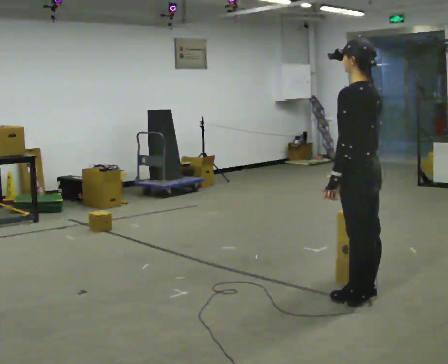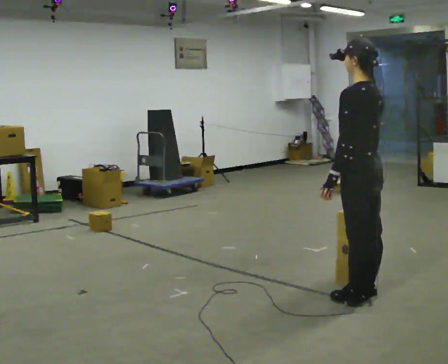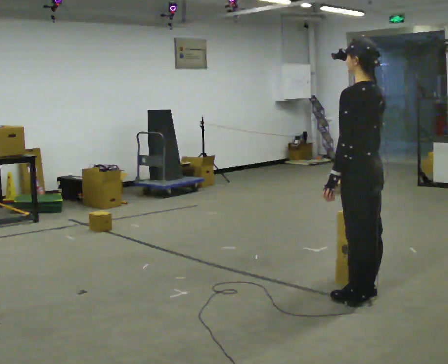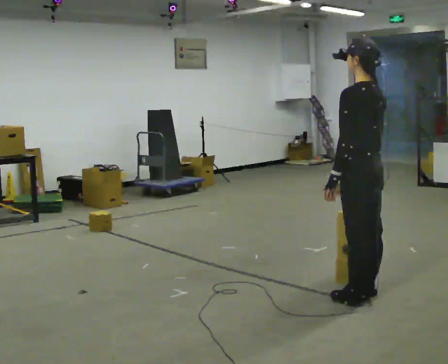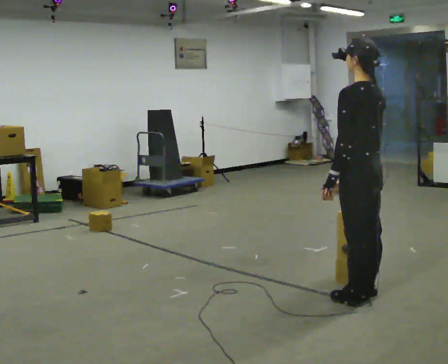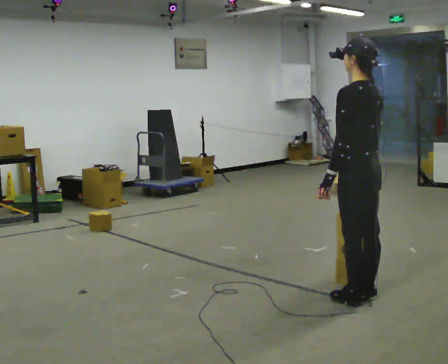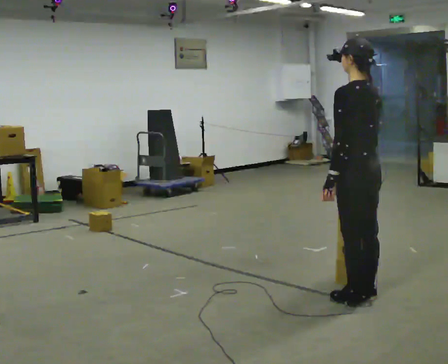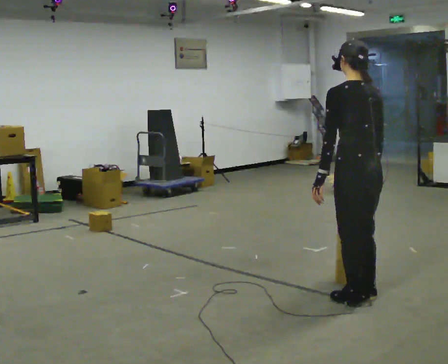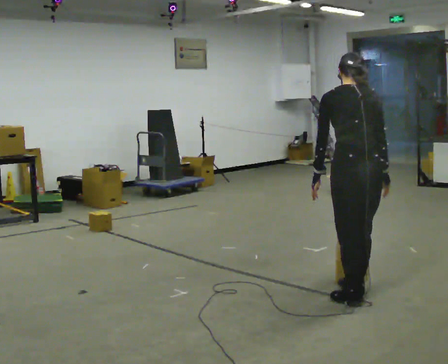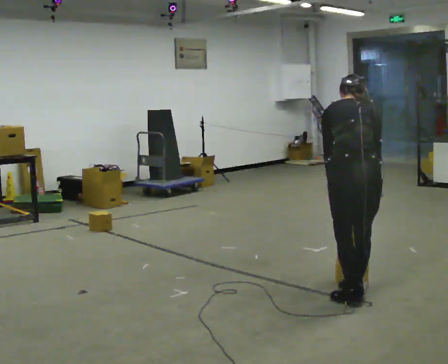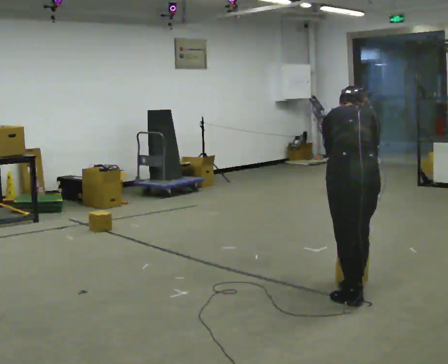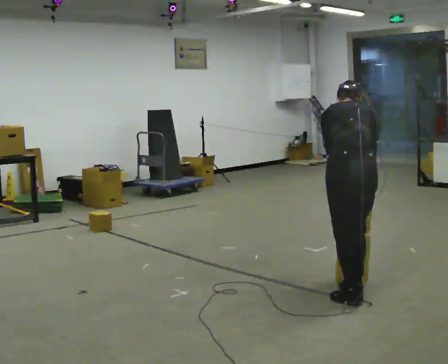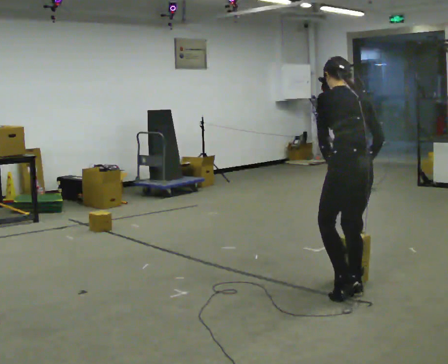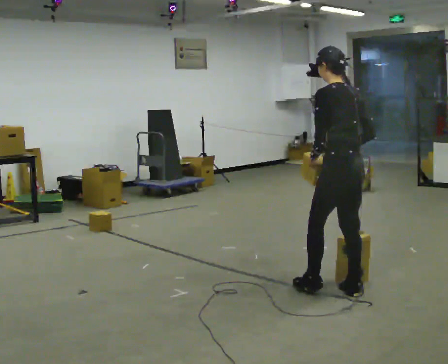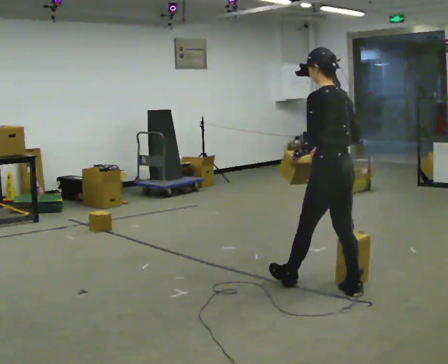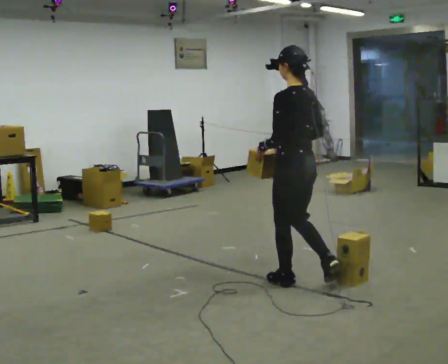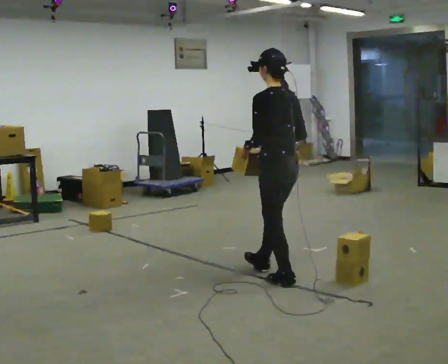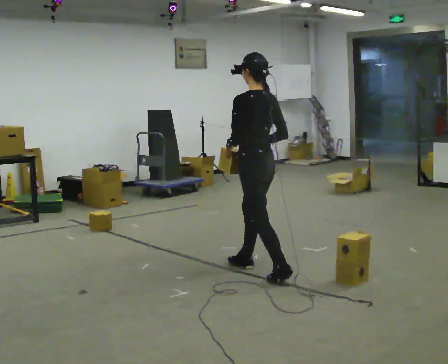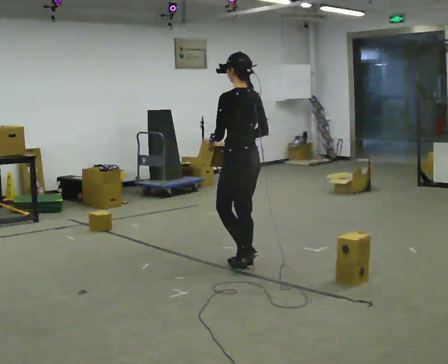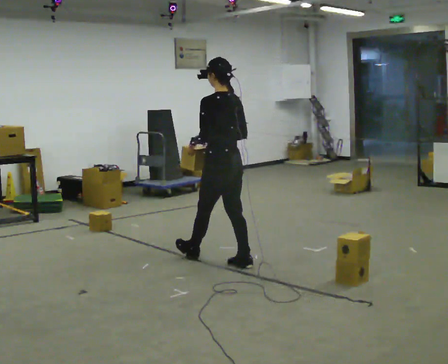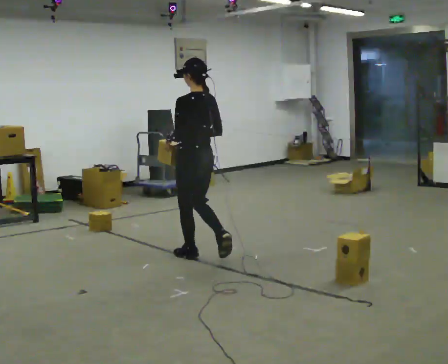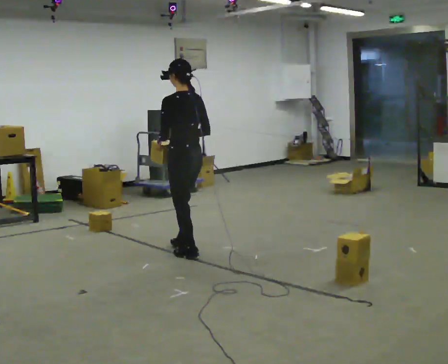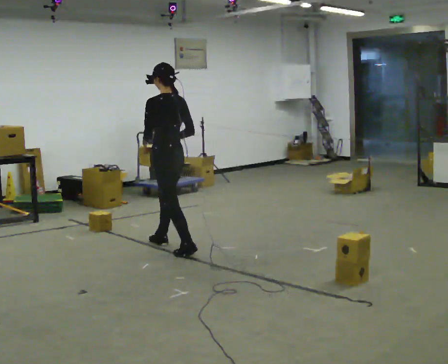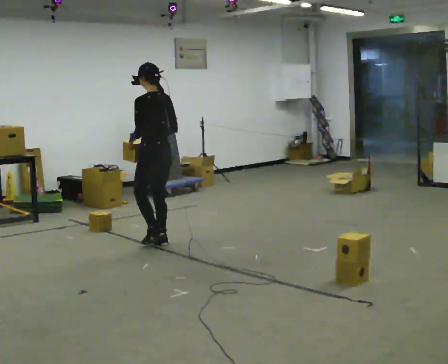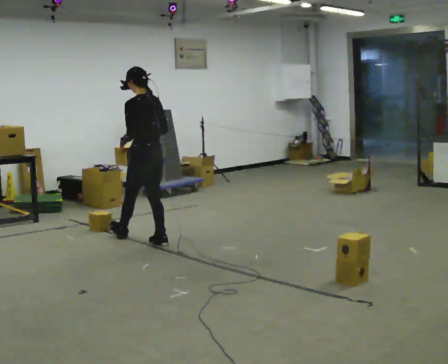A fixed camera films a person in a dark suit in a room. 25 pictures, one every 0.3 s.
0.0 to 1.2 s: The person moves a little, or ends about where they began.
1.2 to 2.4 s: The part of the body nearest the lens slides to the left as the person turns to their right by about 45 degrees. The upper body tips away from the camera, its near side rolling upward, as they bend forward.
2.4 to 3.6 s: Seen from above the body turns counterclockwise, about 30 degrees: to their left, with its near side sliding to the right. In the picture they go away from the camera, about 0.25 m, which for them is forward.
3.6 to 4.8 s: In the picture they go to the left and away from the camera, about 0.5 m in 1 step, which for them is forward. The upper body tips toward the camera, its near side rolling downward, as they lean back or straighten.
4.8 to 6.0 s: In the picture they go to the left and away from the camera, about 1 m in 2 steps, which for them is forward.
6.0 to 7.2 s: In the picture they go to the left and away from the camera, about 1 m in 1 step, which for them is forward.
The film runs forward here.
